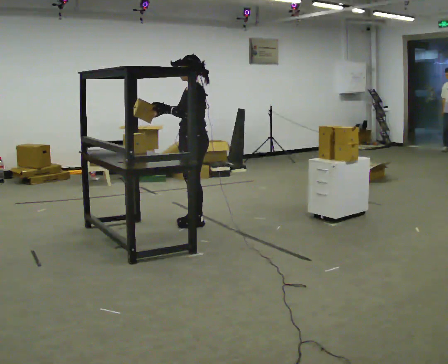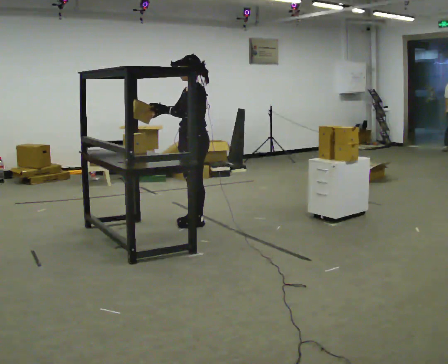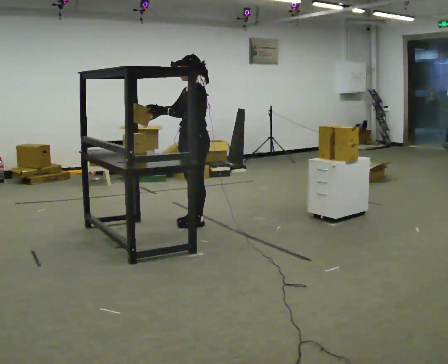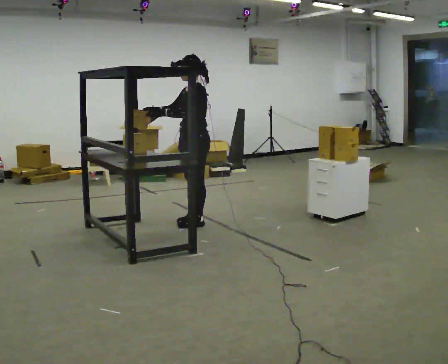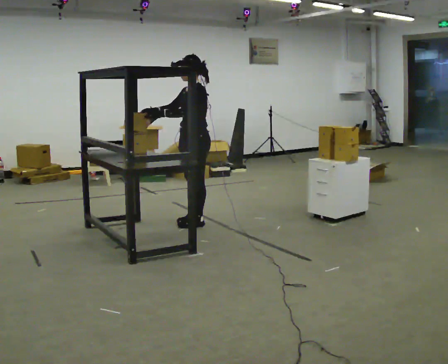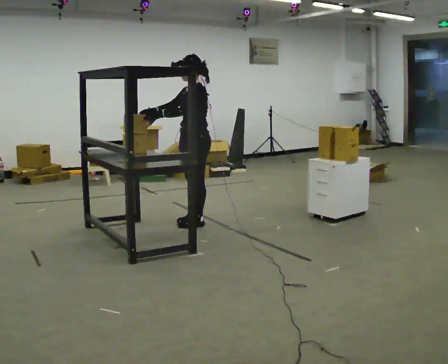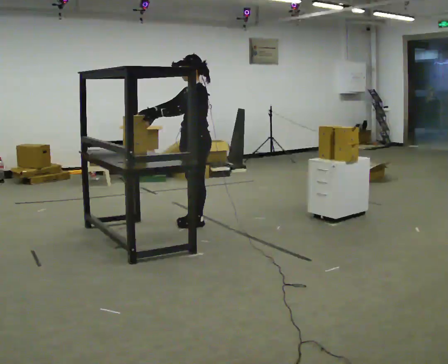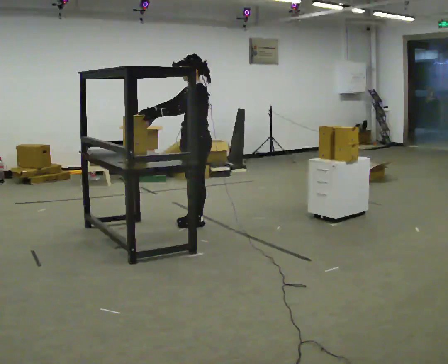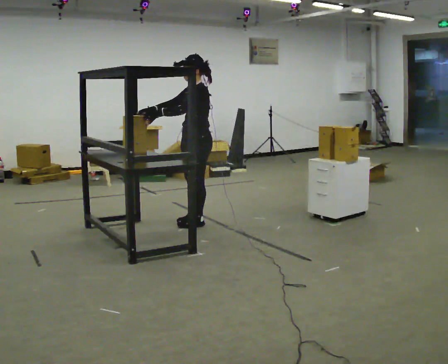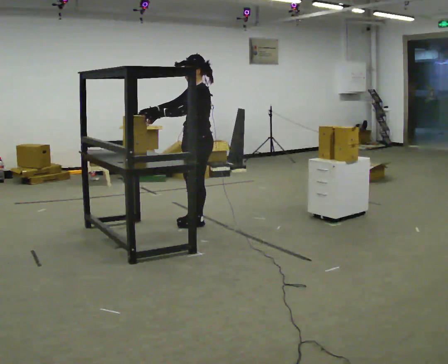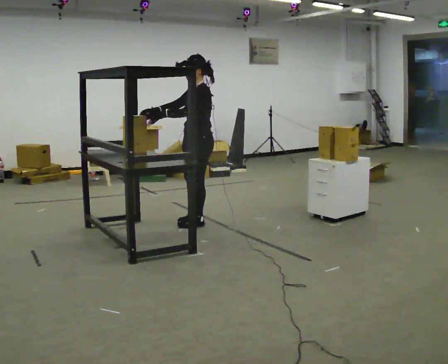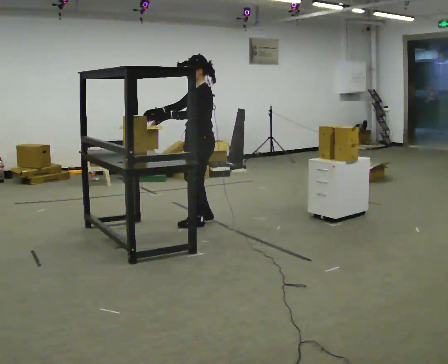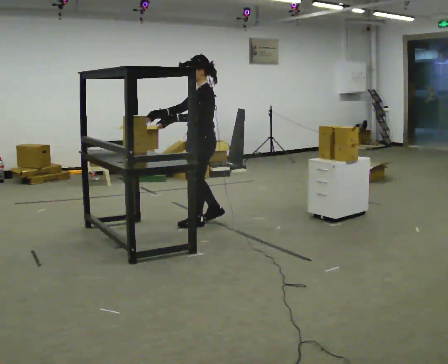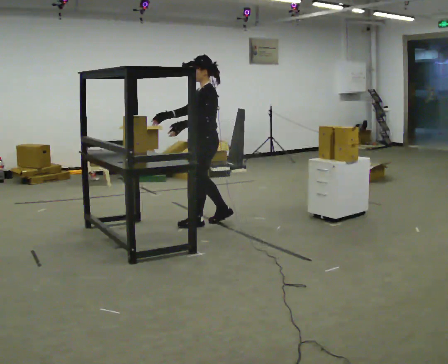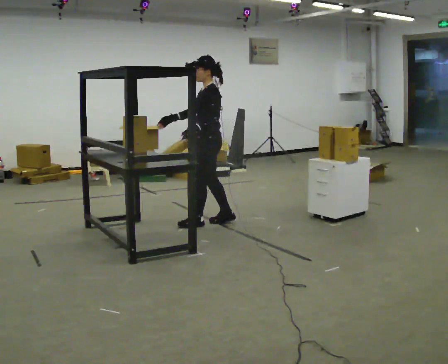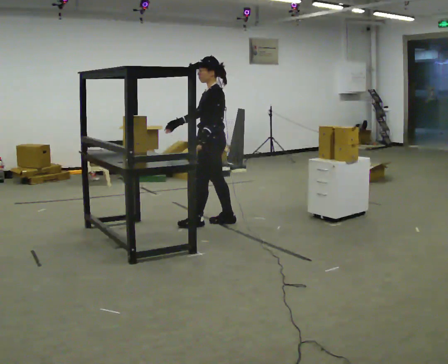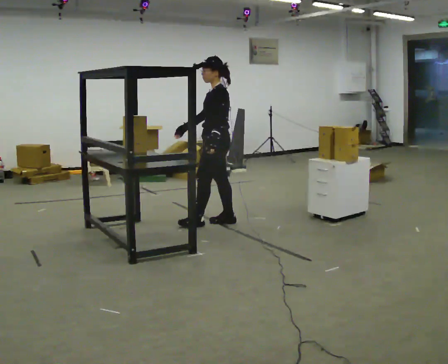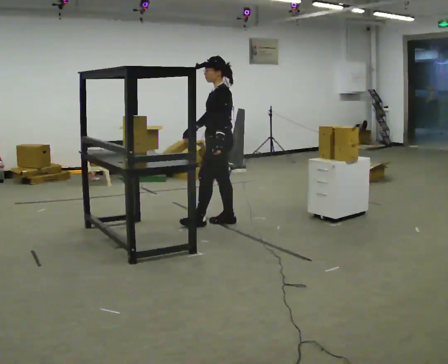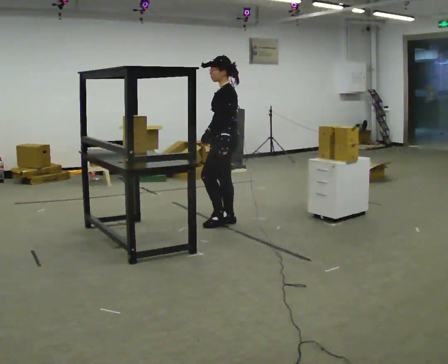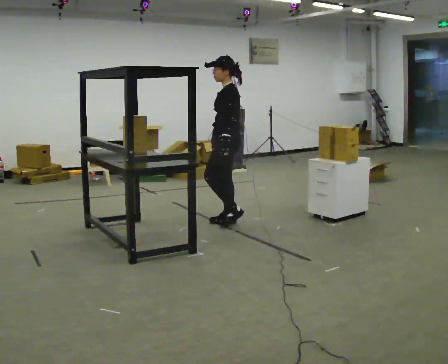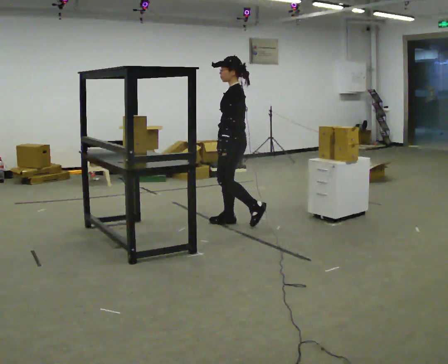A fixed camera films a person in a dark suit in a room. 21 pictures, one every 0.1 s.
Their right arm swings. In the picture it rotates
counterclockwise.
0.0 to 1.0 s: The person moves a little, or ends about where they began.
1.0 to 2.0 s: In the picture they go to the right, about 0.25 m in 1 step, which for them is backward.
The film runs backward here.
